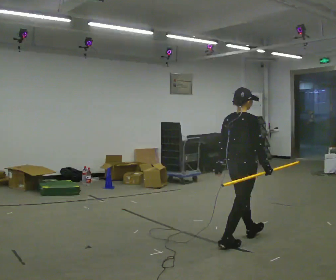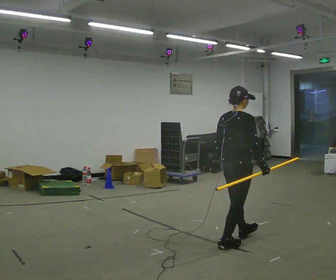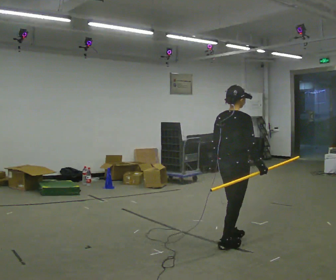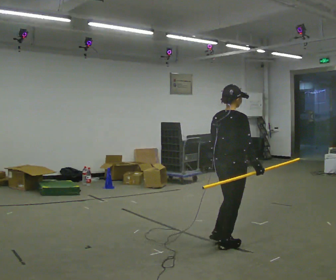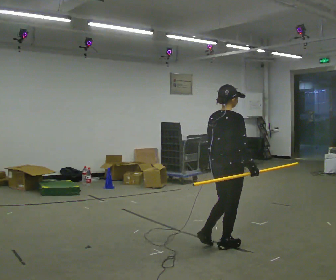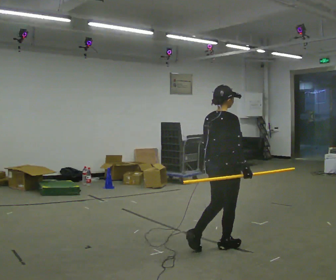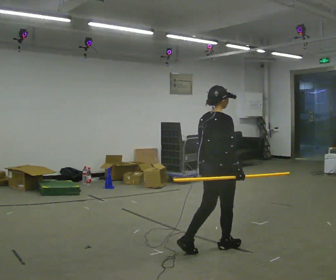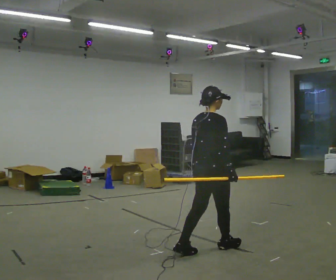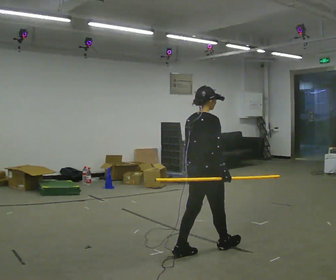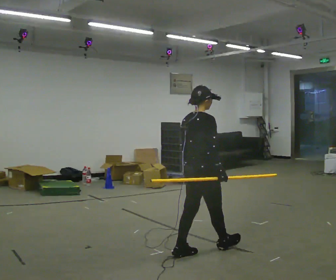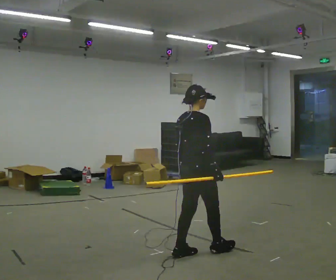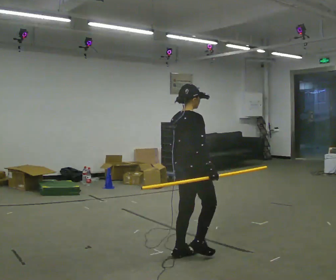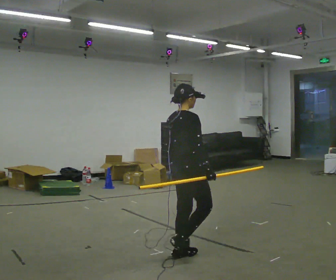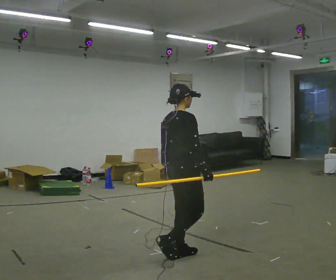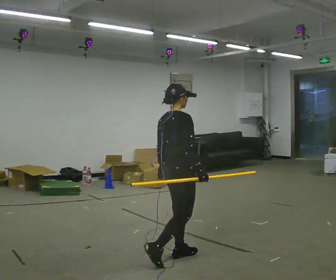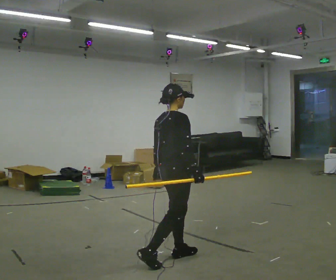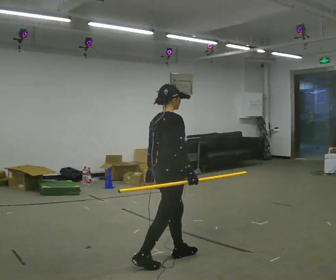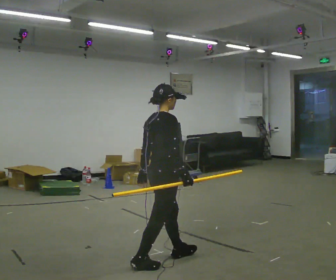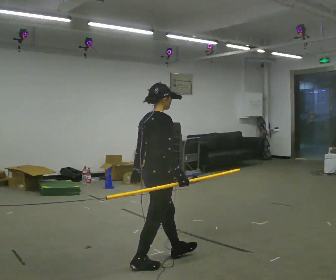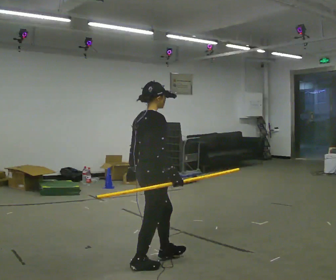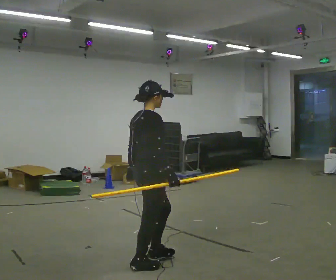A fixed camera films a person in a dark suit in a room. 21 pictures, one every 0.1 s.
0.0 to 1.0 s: In the picture they go to the left and toward the camera, about 0.5 m in 2 steps, which for them is backward.
1.0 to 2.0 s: In the picture they go toward the camera and to the left, about 0.5 m in 1 step, which for them is backward.
The film runs backward here.
